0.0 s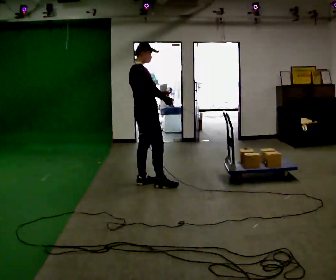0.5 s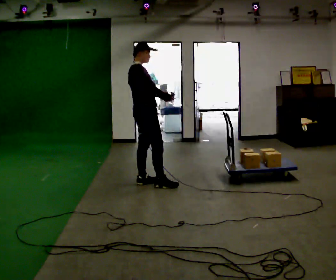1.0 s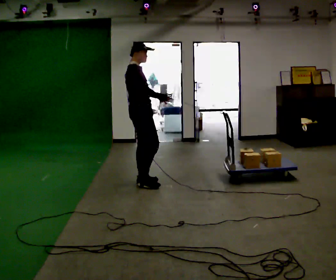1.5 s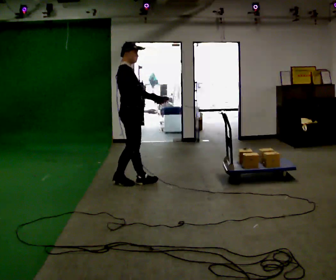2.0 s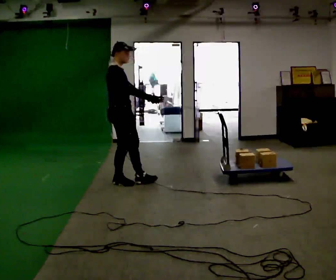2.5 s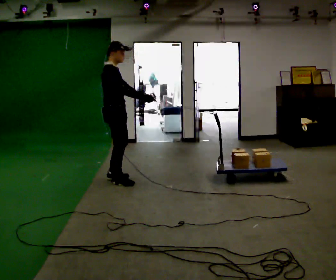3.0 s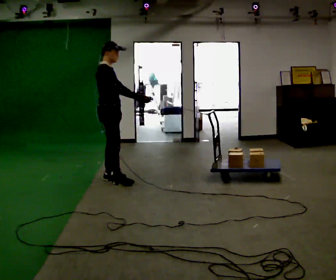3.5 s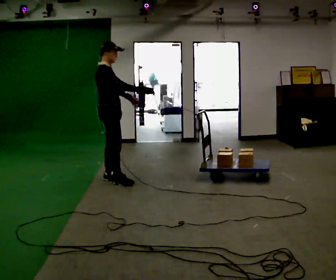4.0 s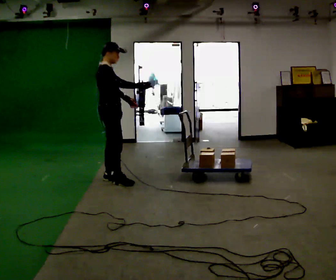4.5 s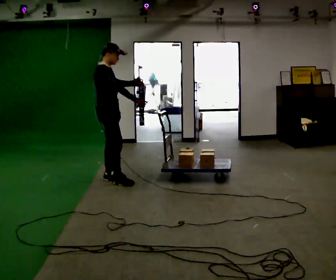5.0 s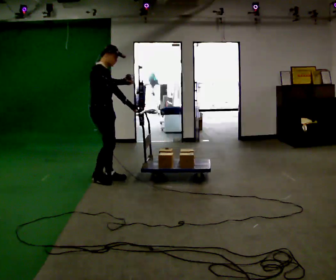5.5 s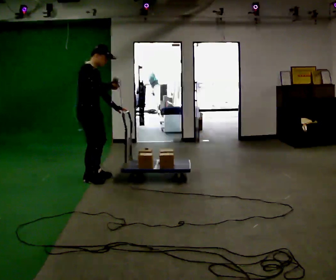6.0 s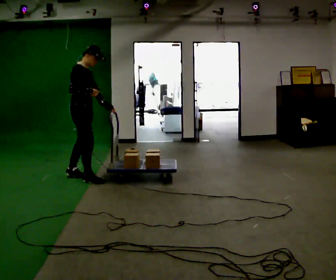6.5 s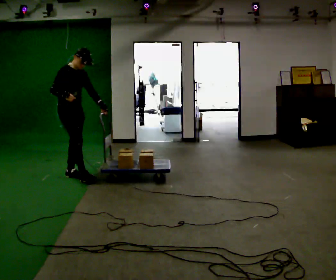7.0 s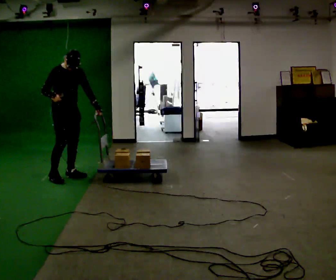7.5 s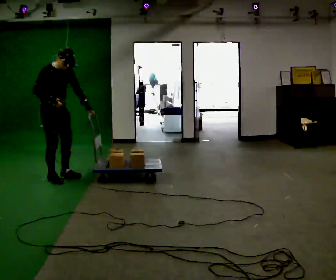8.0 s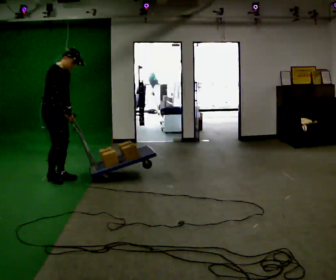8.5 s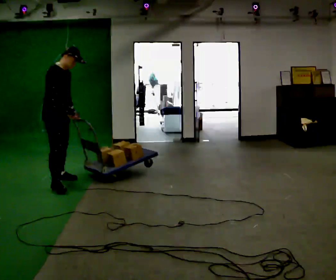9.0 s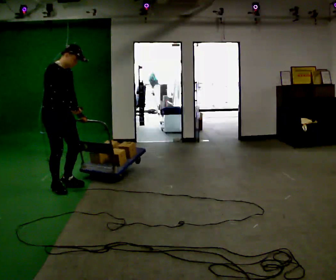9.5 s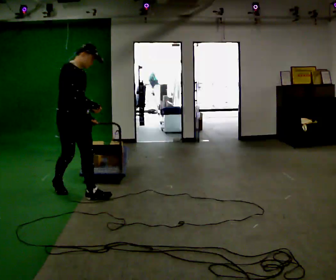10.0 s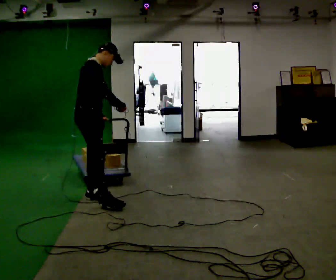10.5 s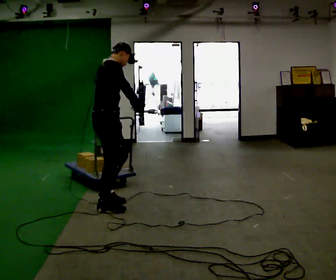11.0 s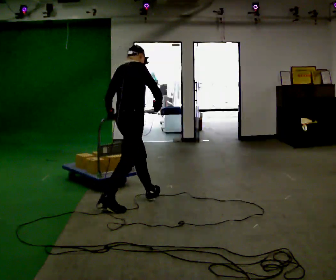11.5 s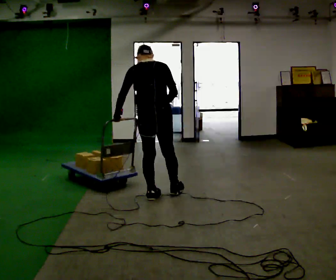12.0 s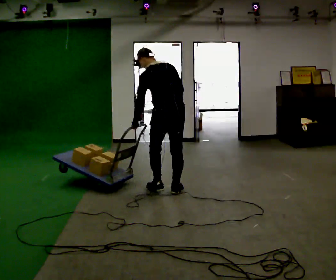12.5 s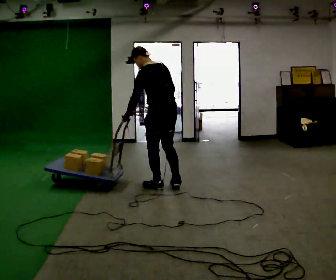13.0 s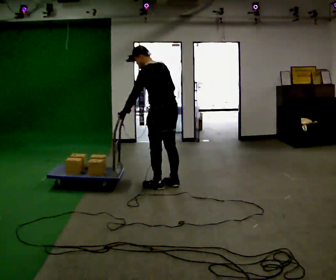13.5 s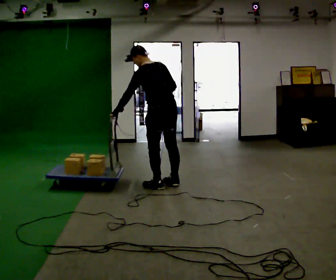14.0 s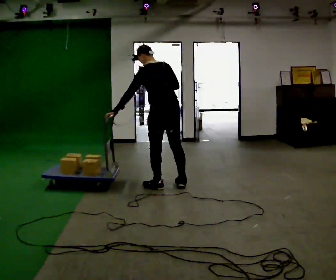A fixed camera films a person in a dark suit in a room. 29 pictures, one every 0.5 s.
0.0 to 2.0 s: In the picture they go to the left, about 0.25 m in 1 step, which for them is backward.
2.0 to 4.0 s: The person moves a little, or ends about where they began.
4.0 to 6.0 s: In the picture they go to the left, about 0.25 m in 2 steps, which for them is backward.
6.0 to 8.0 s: In the picture they go to the left, about 0.25 m in 2 steps, which for them is to their right and backward.
8.0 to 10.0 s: In the picture they go toward the camera and to the right, about 1 m in 2 steps, which for them is forward and to their right.
10.0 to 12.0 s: The part of the body nearest the lens slides to the right as the person turns to their left by about 105 degrees. In the picture they go to the right, about 1 m in 3 steps. In the picture the upper body tilts counterclockwise, shoulders to the left.
12.0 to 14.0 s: In the picture they go away from the camera, about 0.25 m in 2 steps, which for them is forward.
The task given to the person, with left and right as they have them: Hold the rope in both hands and drag the sled towards you as you walk backward. The operator will confirm the space behind you is clear.
The film runs forward here.
